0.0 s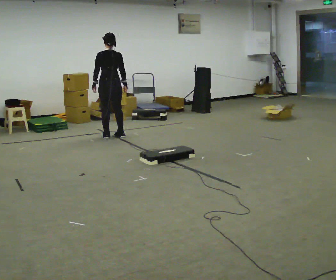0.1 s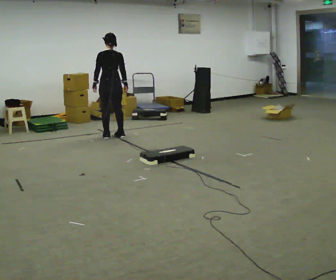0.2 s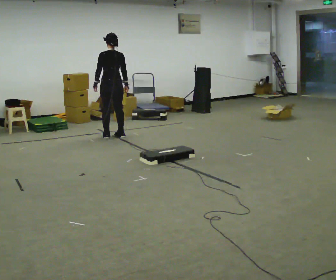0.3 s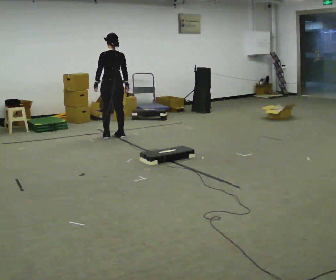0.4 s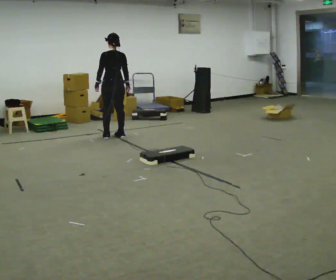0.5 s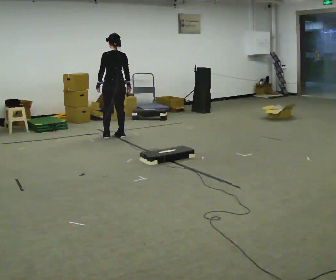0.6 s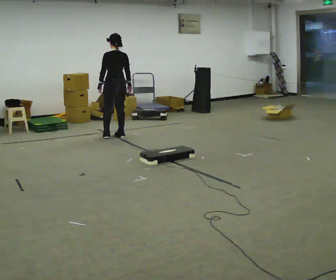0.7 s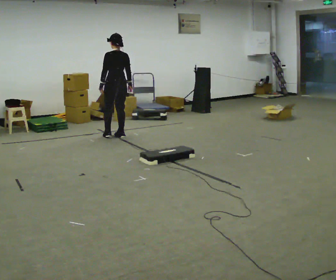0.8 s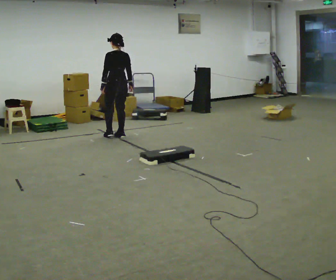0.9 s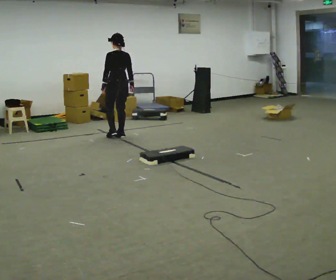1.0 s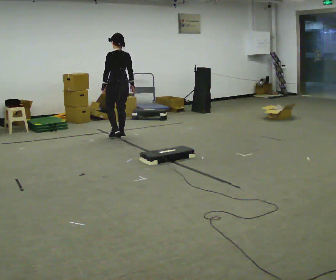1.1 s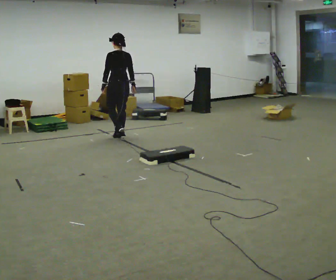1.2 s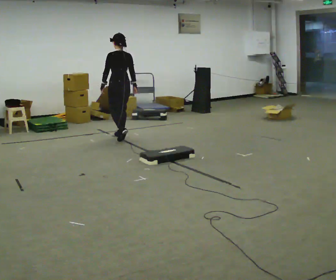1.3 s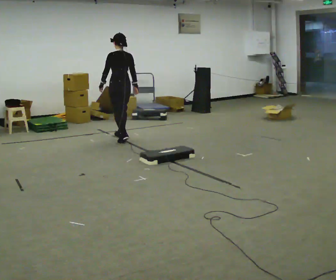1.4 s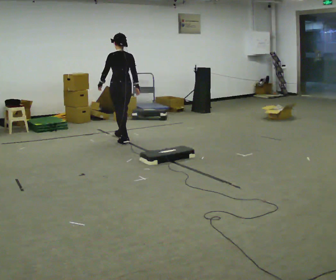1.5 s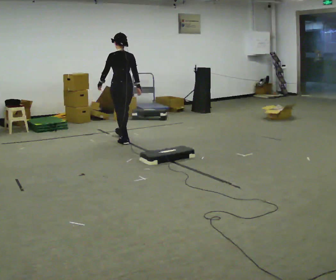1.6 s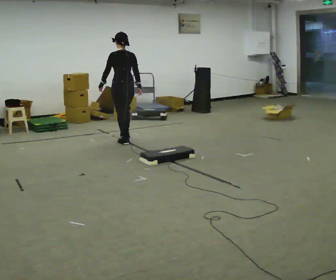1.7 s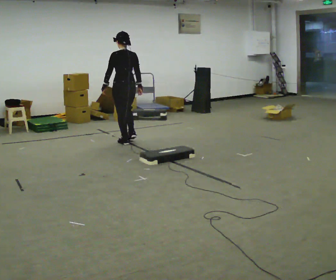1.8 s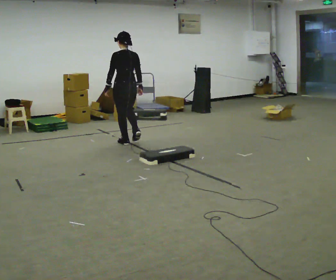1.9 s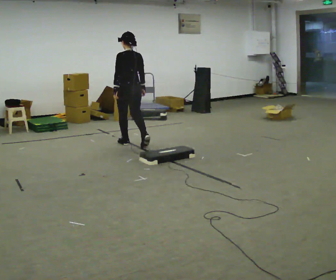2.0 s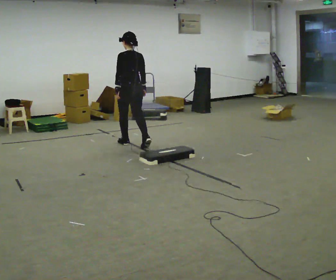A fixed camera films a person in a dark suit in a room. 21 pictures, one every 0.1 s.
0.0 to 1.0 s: Seen from above the body turns counterclockwise, about 30 degrees: to their left, with its near side sliding to the right.
1.0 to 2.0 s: In the picture they go toward the camera, about 0.5 m in 1 step, which for them is backward.
The film runs backward here.
